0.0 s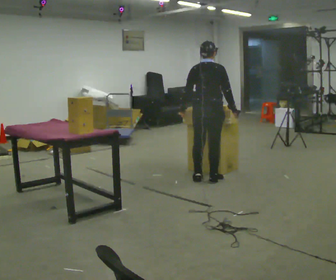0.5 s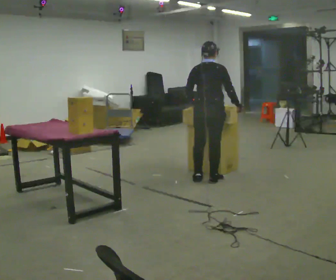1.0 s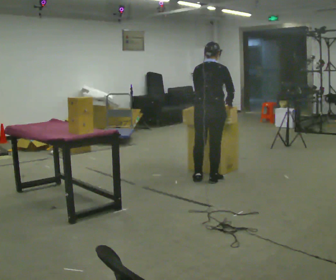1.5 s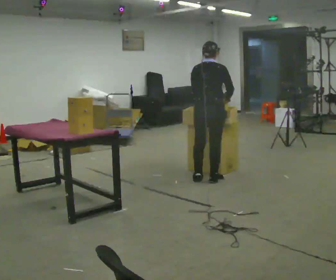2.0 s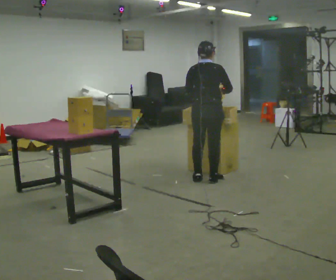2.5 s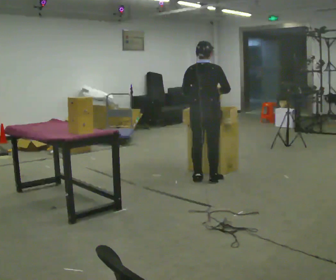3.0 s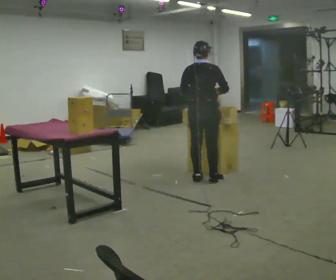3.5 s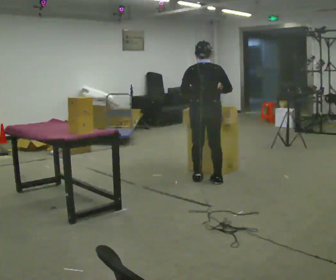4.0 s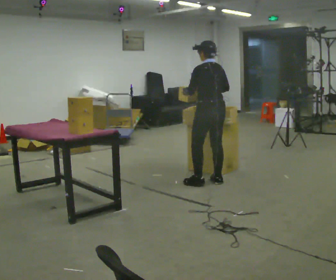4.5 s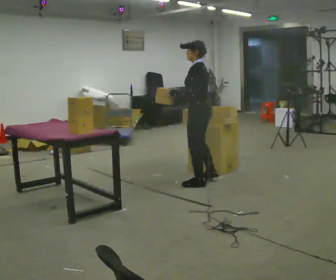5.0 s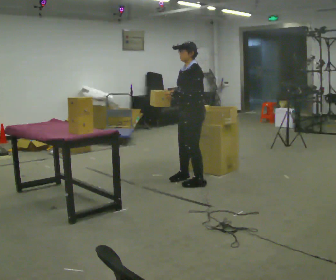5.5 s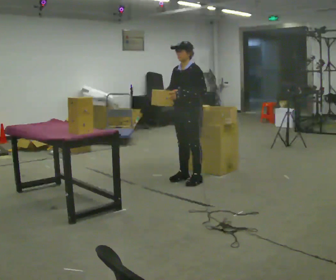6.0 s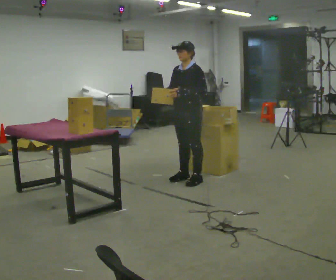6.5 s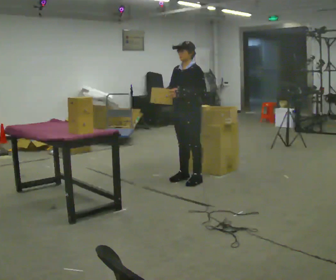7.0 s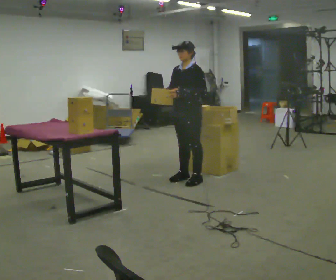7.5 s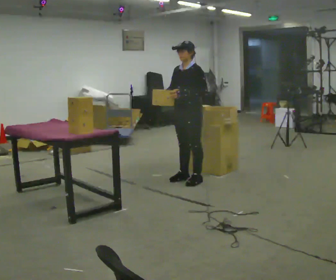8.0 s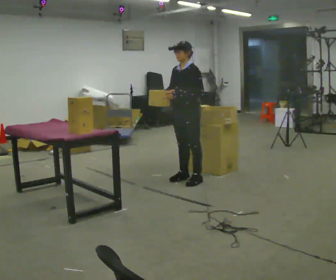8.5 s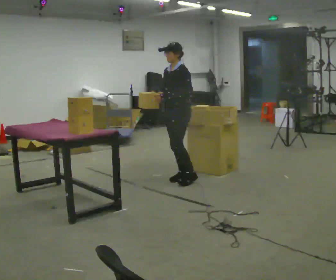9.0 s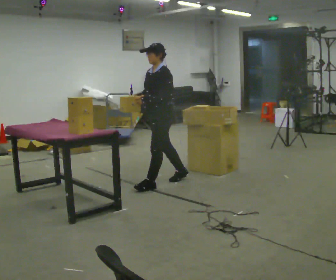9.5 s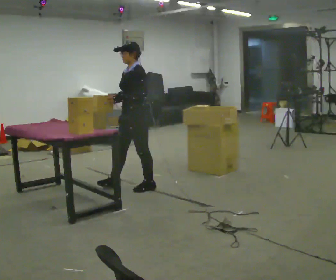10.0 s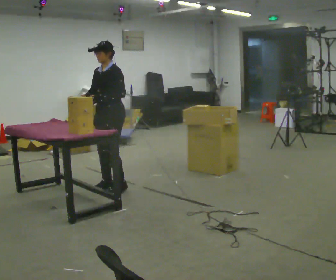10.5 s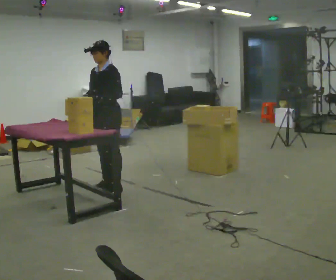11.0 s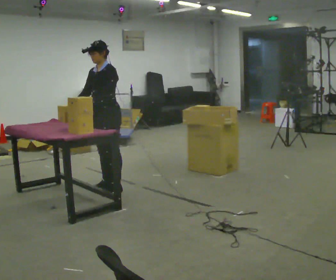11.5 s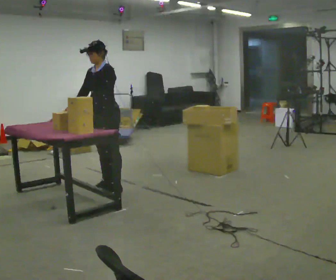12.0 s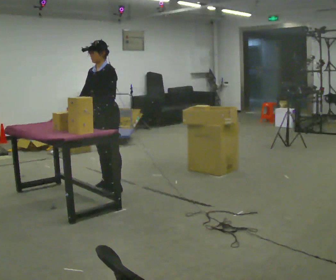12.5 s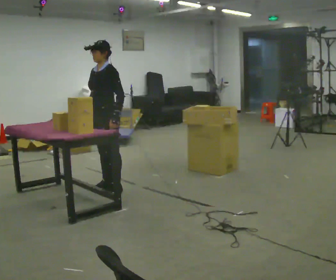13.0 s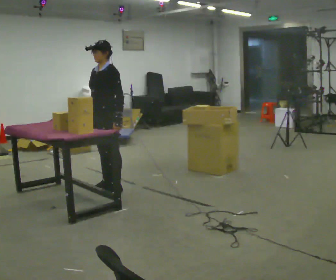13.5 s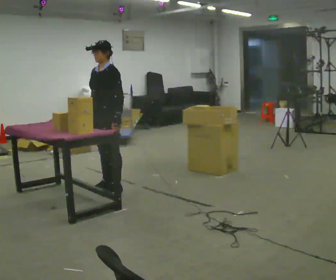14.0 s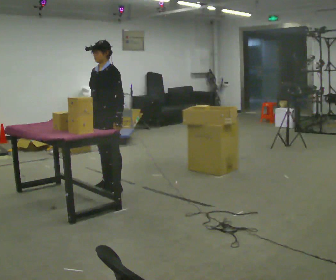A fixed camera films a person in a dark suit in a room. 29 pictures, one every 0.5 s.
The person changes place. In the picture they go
to the left.
0.0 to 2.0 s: The person moves a little, or ends about where they began.
2.0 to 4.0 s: Seen from above the body turns counterclockwise, about 60 degrees: to their left, with its near side sliding to the right. In the picture they go toward the camera, about 0.25 m in 1 step.
4.0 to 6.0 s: Seen from above the body turns counterclockwise, about 90 degrees: to their left, with its near side sliding to the right. In the picture they go to the left, about 0.25 m in 2 steps.
6.0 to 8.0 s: The person moves a little, or ends about where they began.
8.0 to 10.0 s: In the picture they go to the left, about 1 m in 2 steps, which for them is forward.
10.0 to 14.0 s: The person moves a little, or ends about where they began.
The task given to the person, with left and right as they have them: Take the objects the operator names off the crowded shelf, one at a time, and carry each one to the table. You will have to move other things out of the way to reach them. Keep going until the operator says stop; one object at a time, and do not rush between trips.
The film runs forward here.
